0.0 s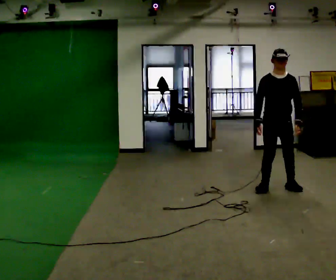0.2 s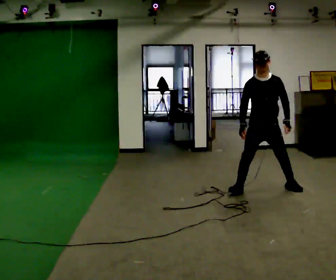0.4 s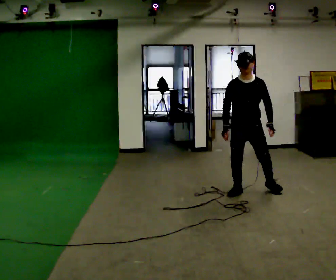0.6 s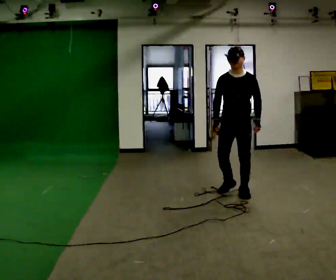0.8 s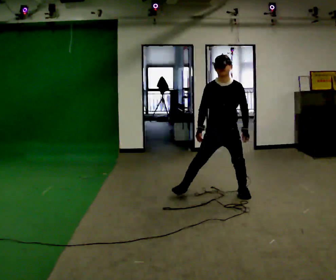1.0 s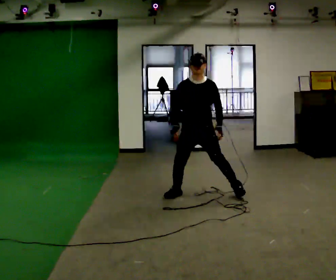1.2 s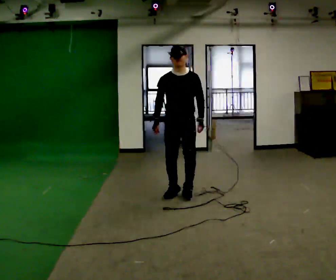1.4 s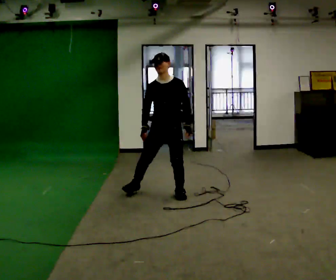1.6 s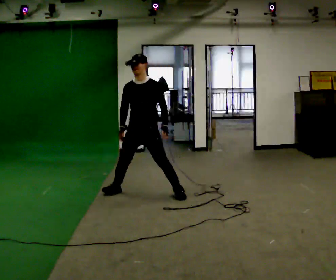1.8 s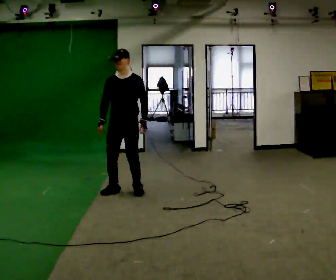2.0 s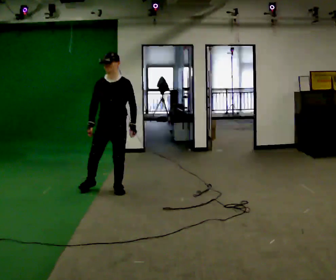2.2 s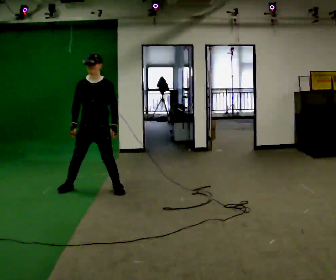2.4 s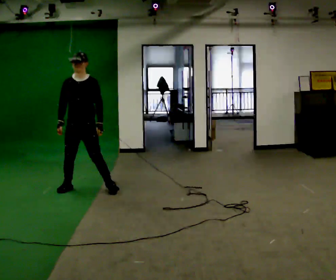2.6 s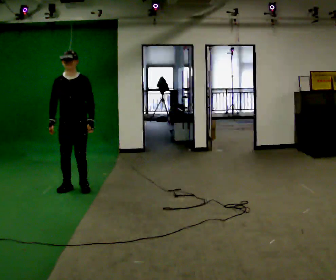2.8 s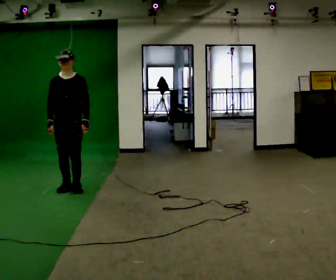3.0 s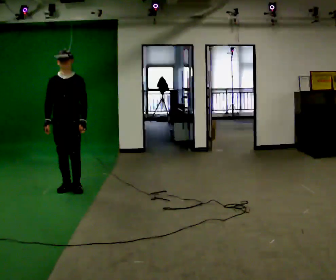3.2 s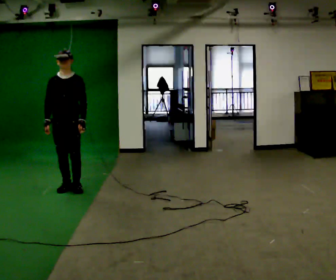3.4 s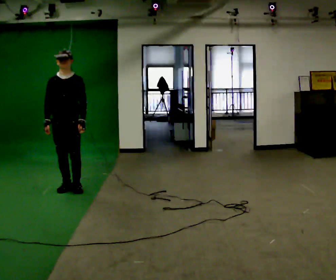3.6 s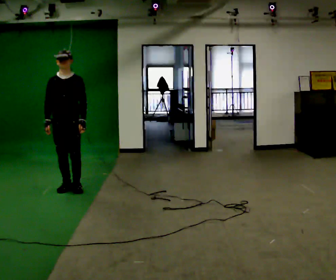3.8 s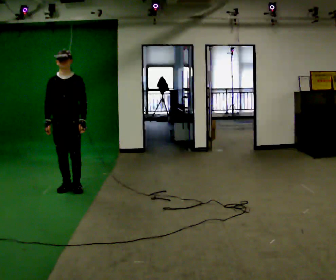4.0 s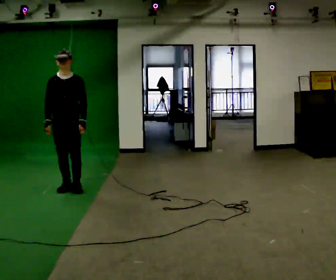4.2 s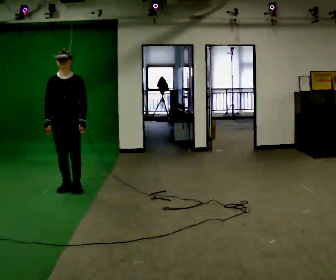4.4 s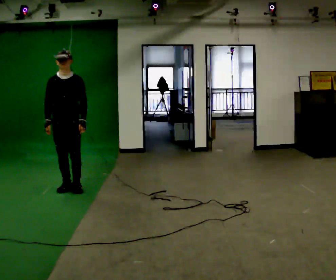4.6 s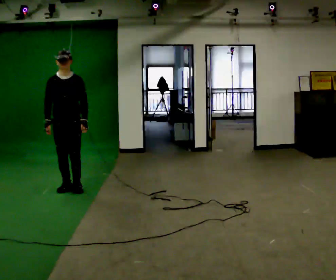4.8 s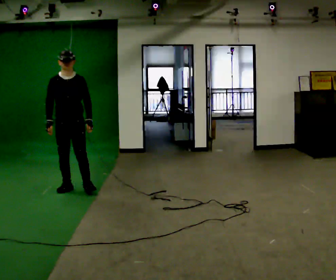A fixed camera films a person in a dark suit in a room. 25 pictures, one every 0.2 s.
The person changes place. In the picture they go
to the left.
0.0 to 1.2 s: In the picture they go to the left, about 1 m in 3 steps, which for them is to their right.
1.2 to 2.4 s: In the picture they go to the left, about 1 m in 4 steps, which for them is to their right.
2.4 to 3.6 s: In the picture they go to the left, about 0.25 m in 1 step, which for them is to their right.
3.6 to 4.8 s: The person moves a little, or ends about where they began.
The film runs forward here.
